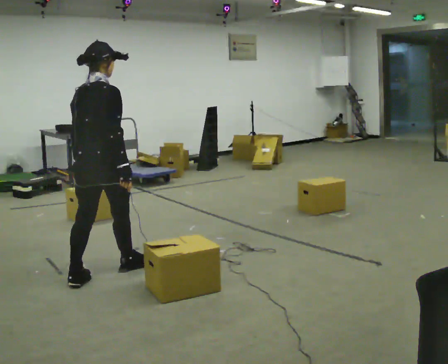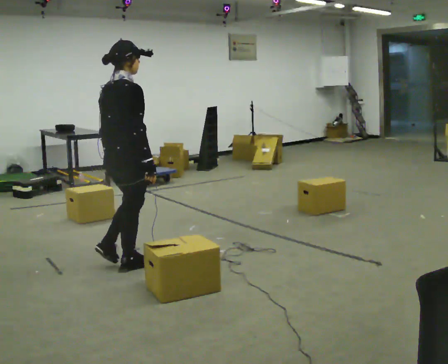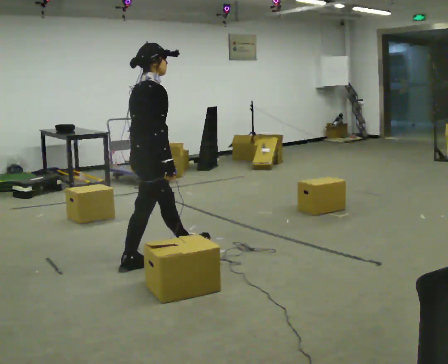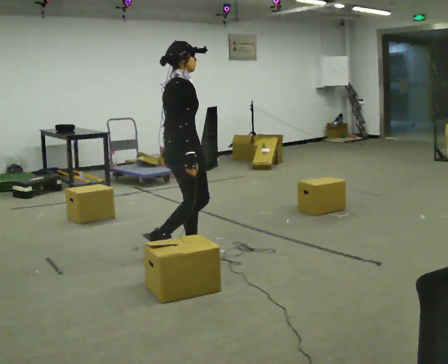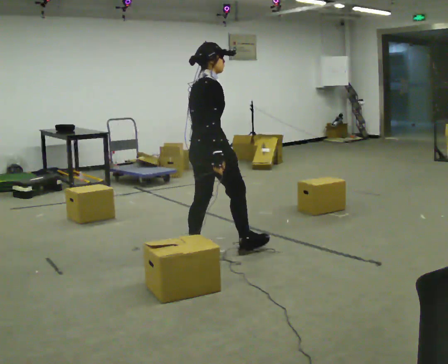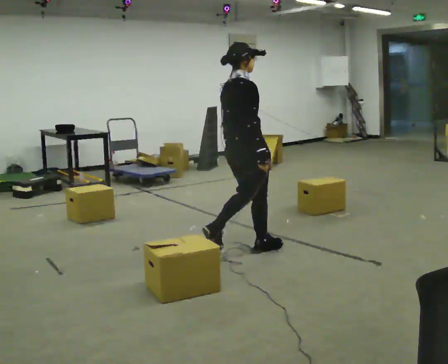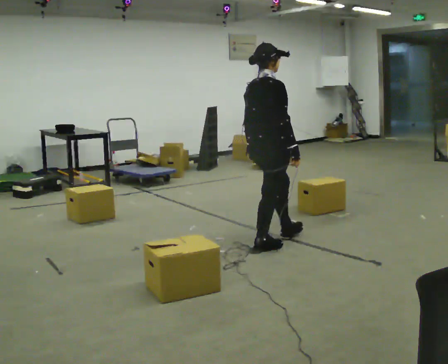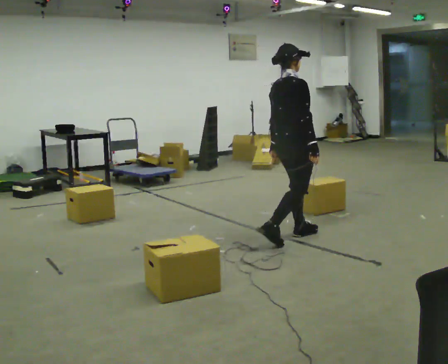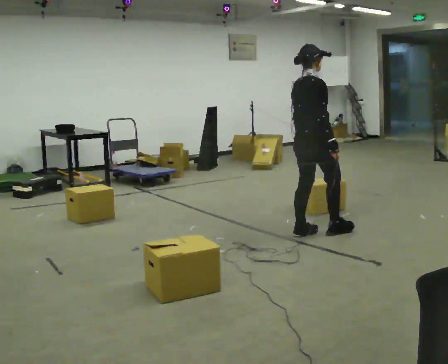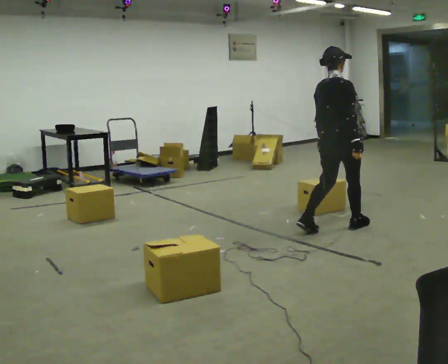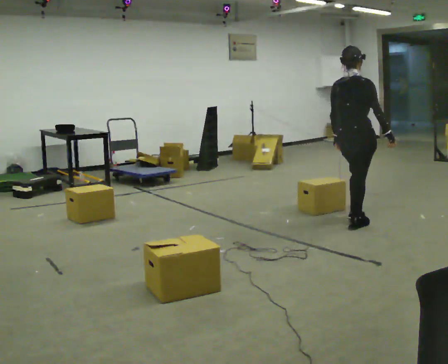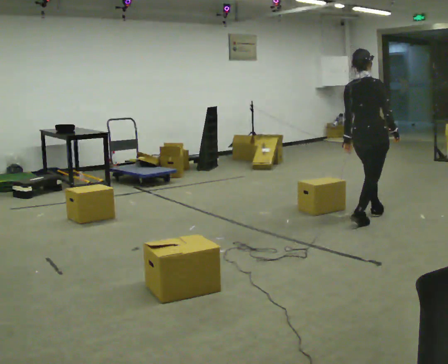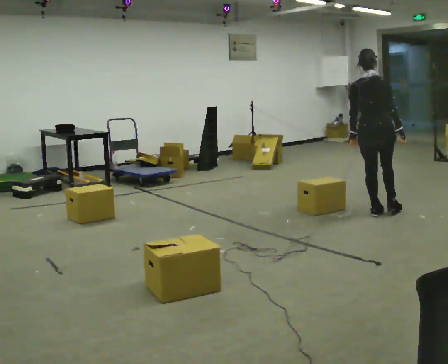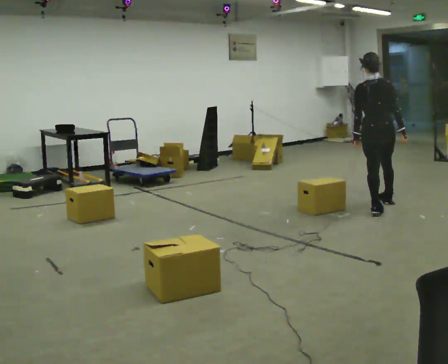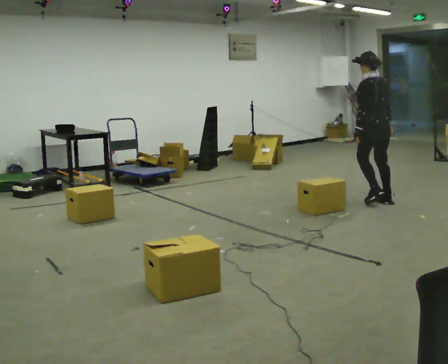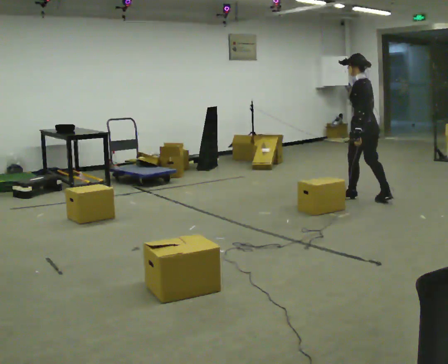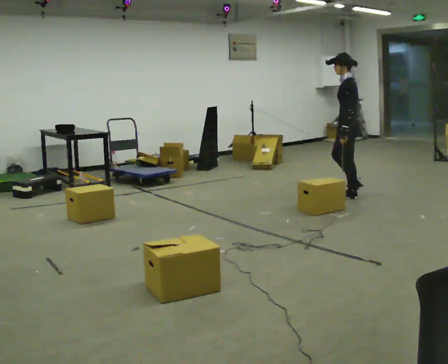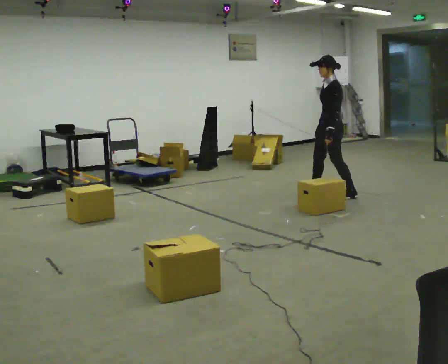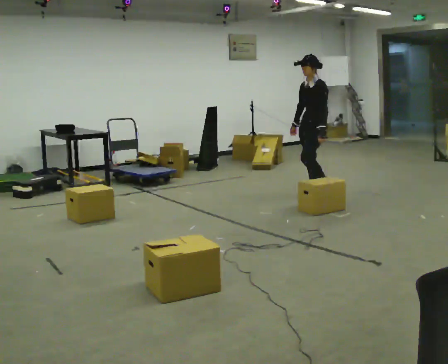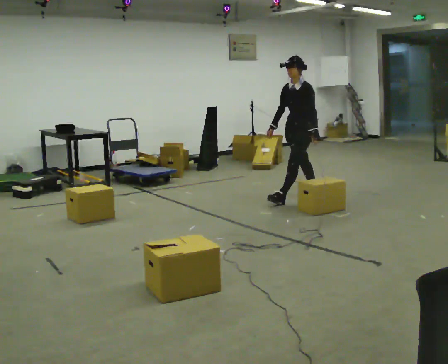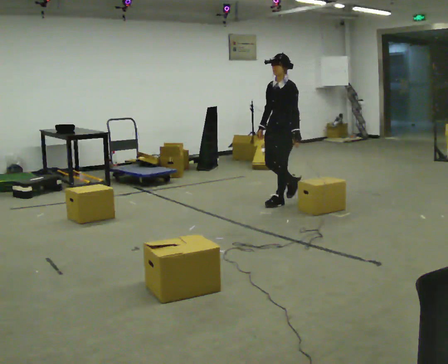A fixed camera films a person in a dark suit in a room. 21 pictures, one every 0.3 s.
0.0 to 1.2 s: The person turns about 30 degrees to their right, clockwise seen from above, so the part of the body nearest the lens slides to the left. In the picture they go away from the camera and to the right, about 1 m in 1 step, which for them is forward.
1.2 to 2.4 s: In the picture they go to the right and away from the camera, about 1 m in 2 steps, which for them is forward.
2.4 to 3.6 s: The person turns about 30 degrees to their left, counterclockwise seen from above, so the part of the body nearest the lens slides to the right. In the picture they go away from the camera and to the right, about 1 m in 2 steps, which for them is forward.
3.6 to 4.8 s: The person turns about 105 degrees to their left, counterclockwise seen from above, so the part of the body nearest the lens slides to the right. In the picture they go away from the camera and to the left, about 0.5 m in 2 steps.
4.8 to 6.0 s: The person turns about 45 degrees to their left, counterclockwise seen from above, so the part of the body nearest the lens slides to the right. In the picture they go to the left, about 1 m in 2 steps, which for them is forward.
The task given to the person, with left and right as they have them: Start at marker; visit targets in order; choose natural paths; avoid obstacles; stop at final target.
The film runs forward here.
